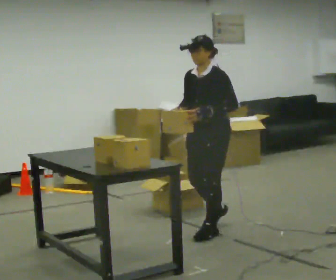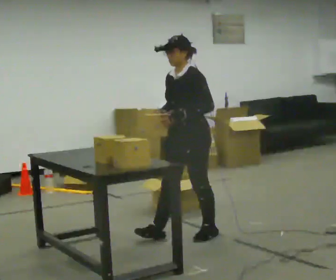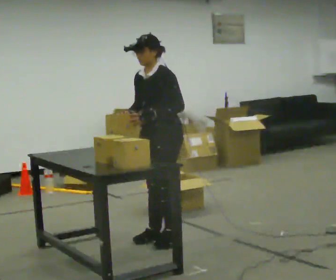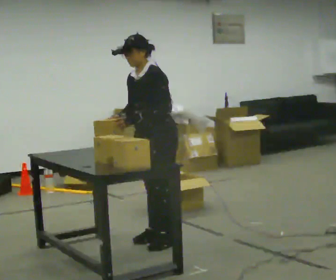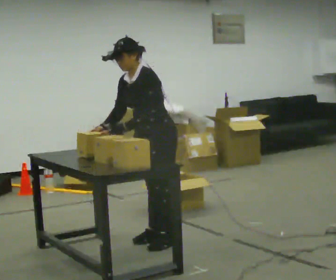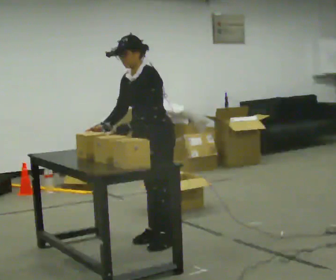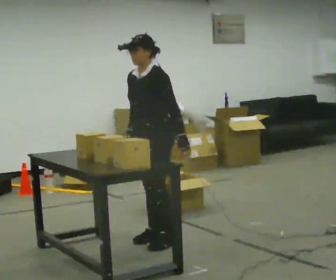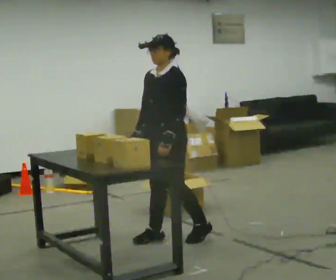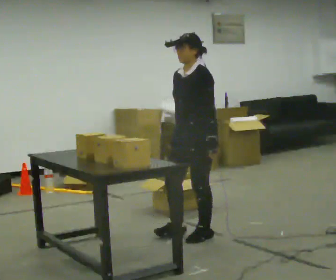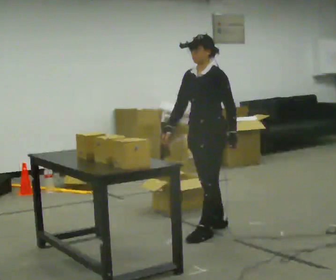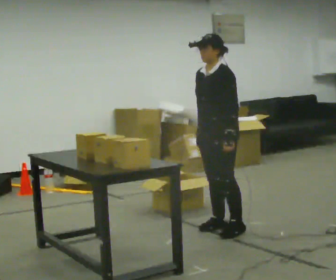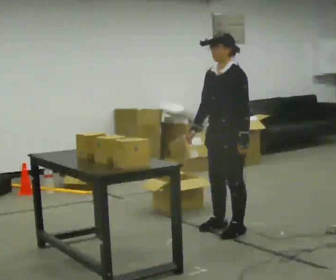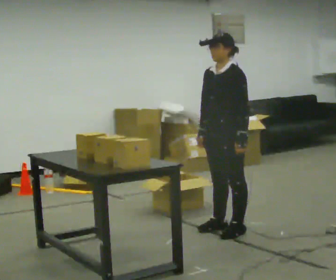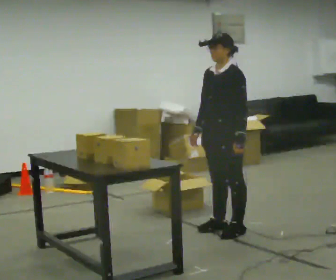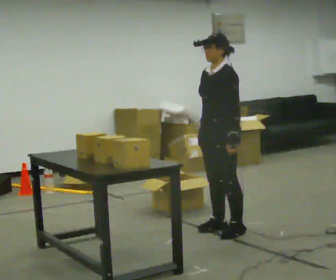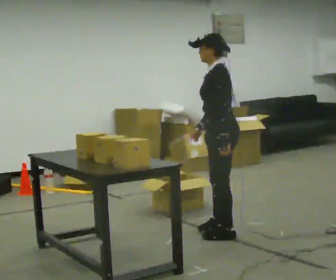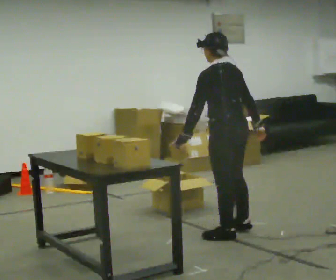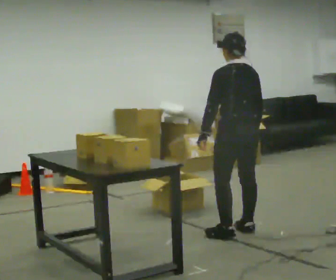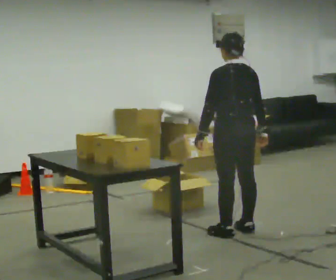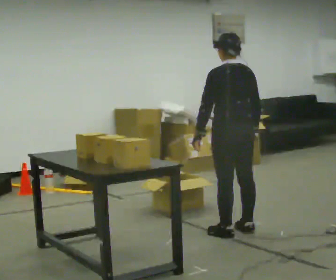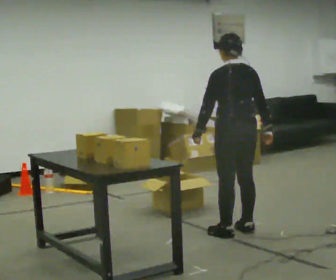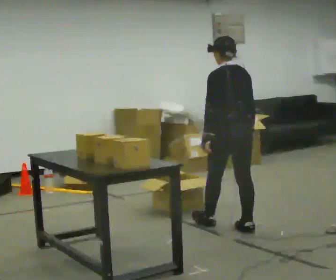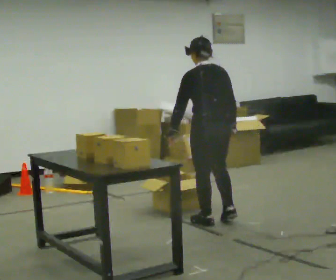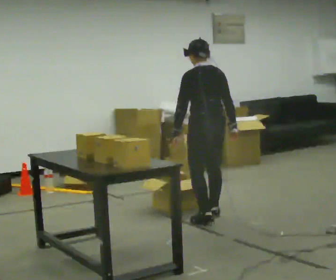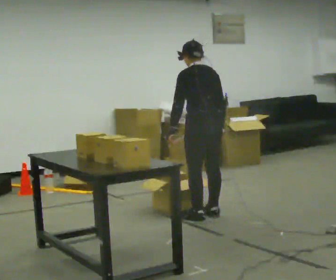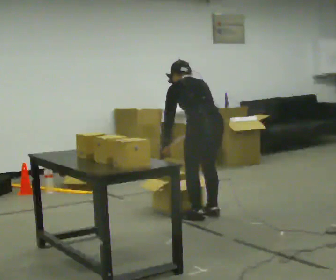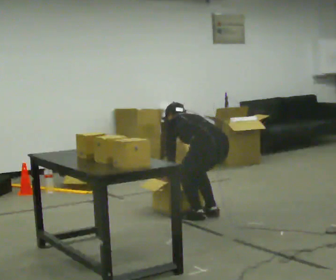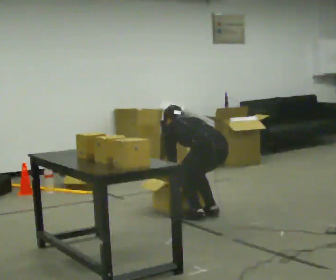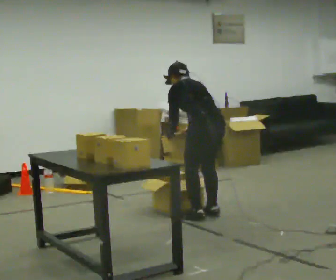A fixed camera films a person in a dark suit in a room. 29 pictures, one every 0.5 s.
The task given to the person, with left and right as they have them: Take an object out of the bin at knee height, carry it across the room, and place it on the chest-height shelf. Keep going until the operator says stop; one object at a time, and do not rush between trips.
0.0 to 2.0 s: In the picture they go to the left and toward the camera, about 0.5 m in 2 steps, which for them is forward. In the picture the upper body tilts counterclockwise, shoulders to the left, as they bend forward.
2.0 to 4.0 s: In the picture they go to the right, about 0.25 m in 1 step, which for them is backward and to their left. In the picture the upper body tilts clockwise, shoulders to the right, as they lean back or straighten.
4.0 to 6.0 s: In the picture they go to the right, about 0.25 m in 2 steps, which for them is backward.
6.0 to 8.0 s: The person turns about 75 degrees to their right, clockwise seen from above, so the part of the body nearest the lens slides to the left. In the picture their right hand goes to the right, the arm swinging counterclockwise.
8.0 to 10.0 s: The person moves a little, or ends about where they began.
10.0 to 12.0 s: In the picture they go away from the camera and to the left, about 0.5 m in 3 steps, which for them is forward.
12.0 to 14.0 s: The person moves a little, or ends about where they began.
The film runs forward here.
